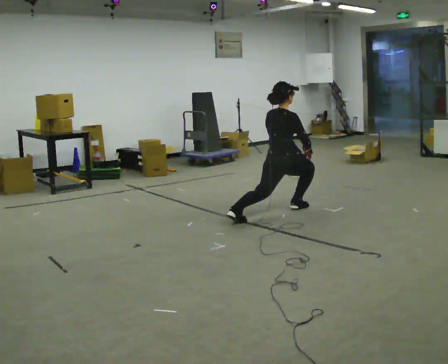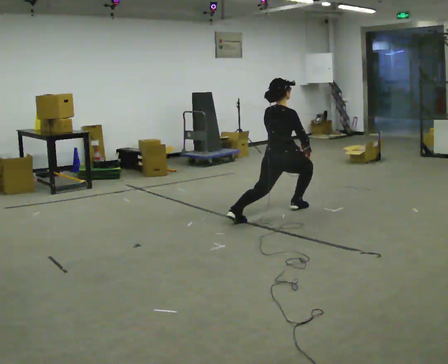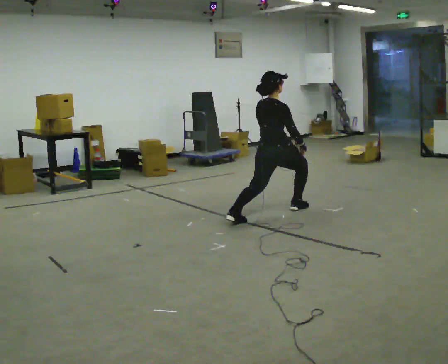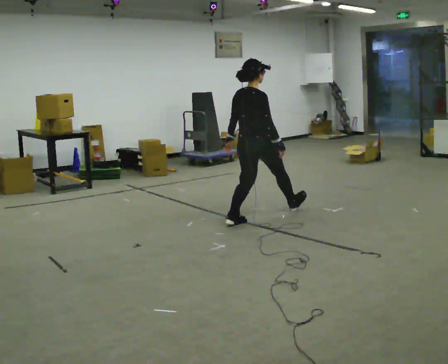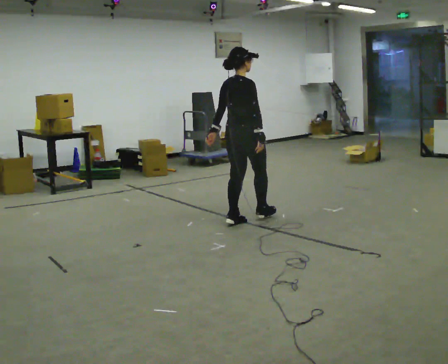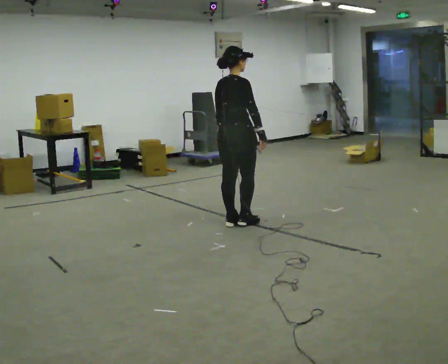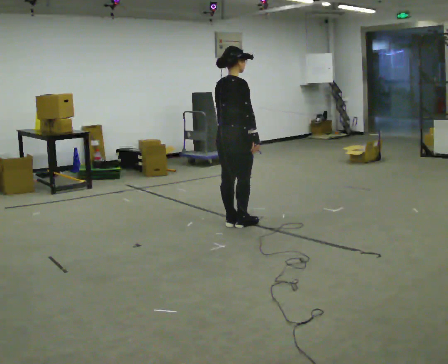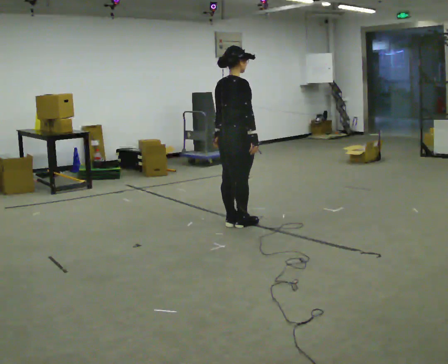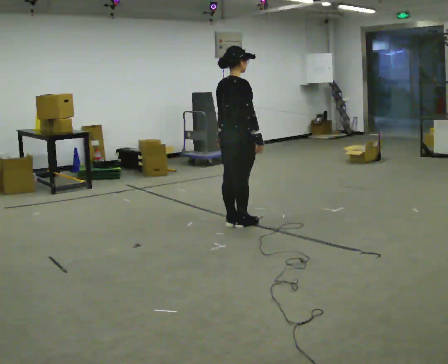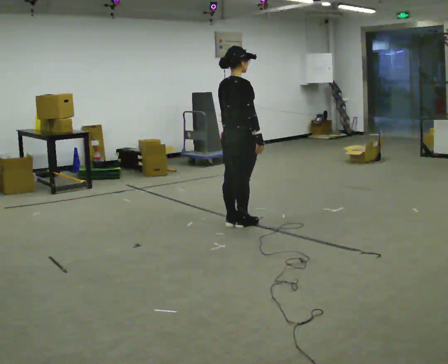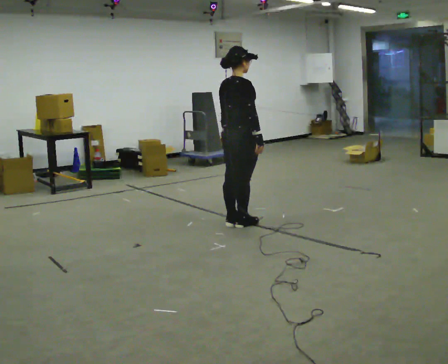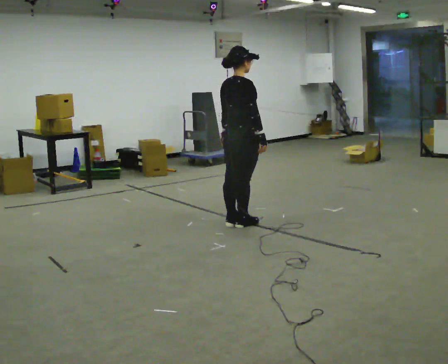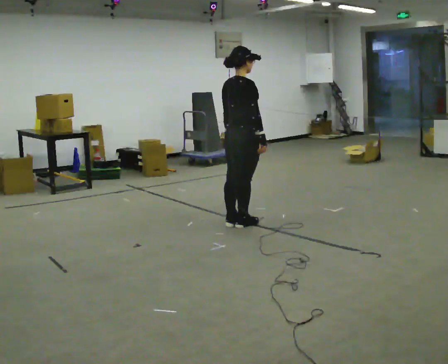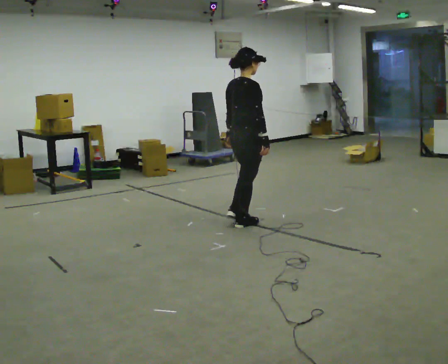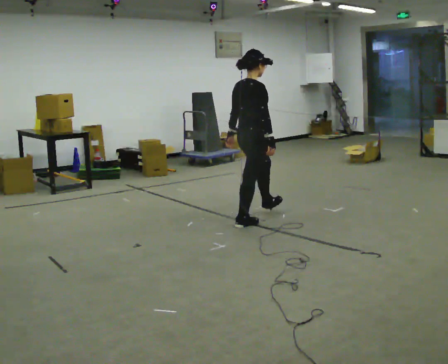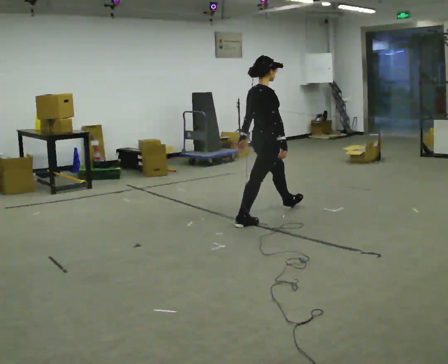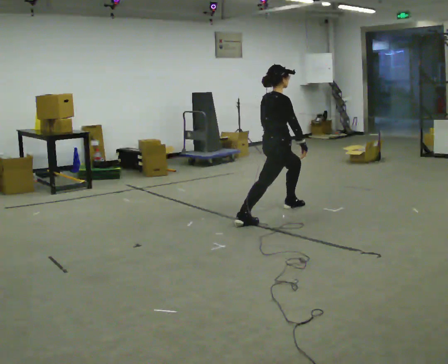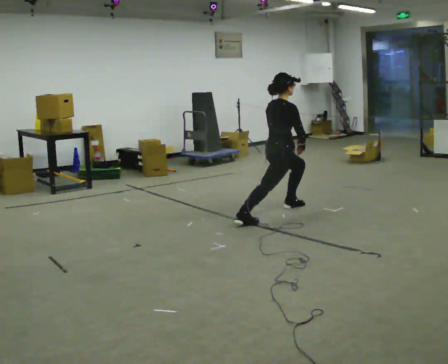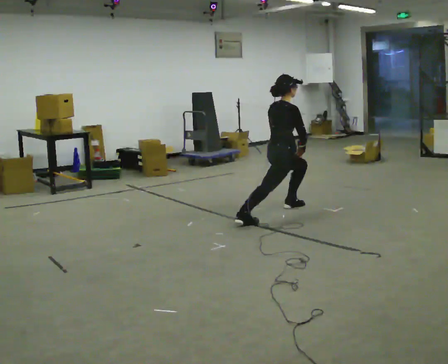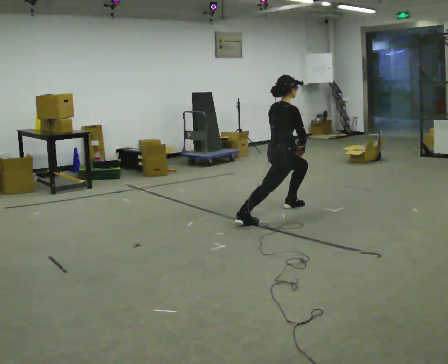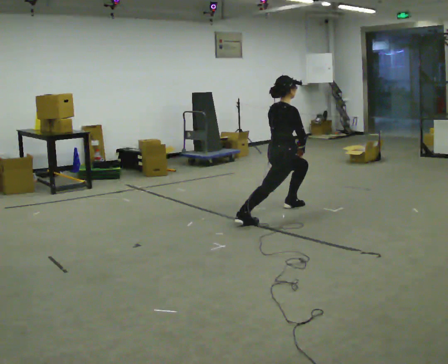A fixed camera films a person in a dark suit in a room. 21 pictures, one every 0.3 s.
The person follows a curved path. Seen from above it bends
counterclockwise.
0.0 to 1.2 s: In the picture they go to the left and toward the camera, about 0.5 m, which for them is backward. The shoulders move upward.
1.2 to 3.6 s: The person moves a little, or ends about where they began.
3.6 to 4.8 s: In the picture they go away from the camera and to the right, about 0.5 m in 1 step, which for them is forward and to their left. The shoulders move downward.
4.8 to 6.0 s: The person moves a little, or ends about where they began.
The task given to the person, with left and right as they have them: Step forward into a lunge on the leg the operator calls, lowering your back knee toward the floor, then push back to standing. Then do the same stepping backward instead. Repeat the movement at your own pace until the operator says stop; do not rush.
The film runs forward here.
